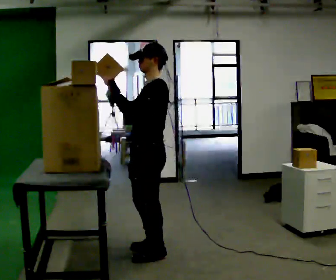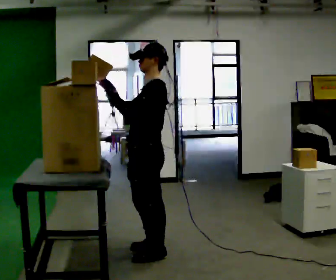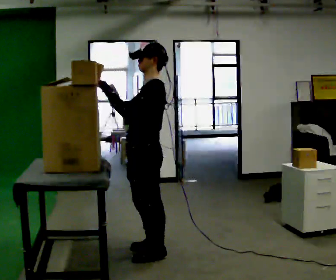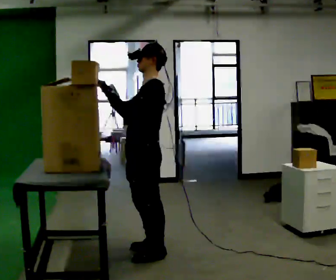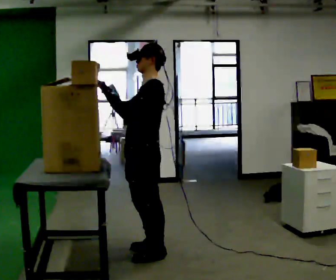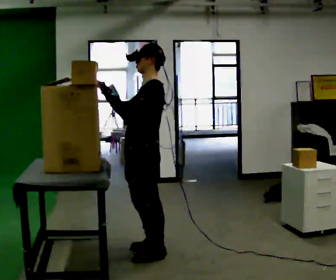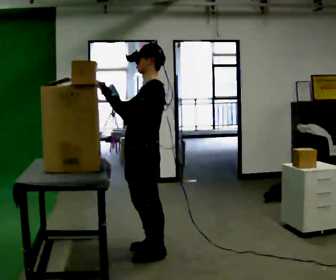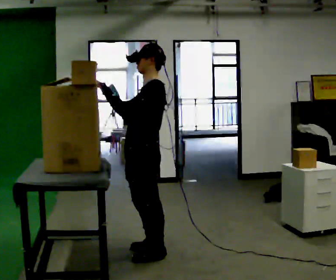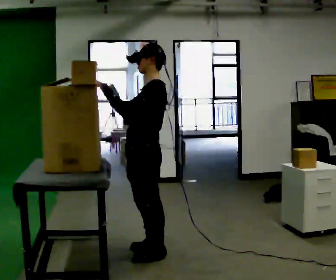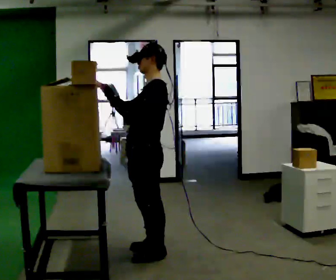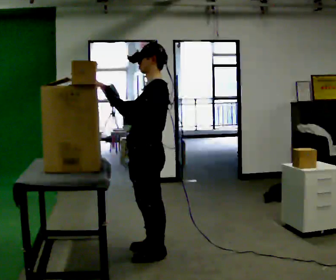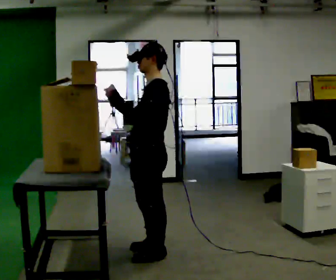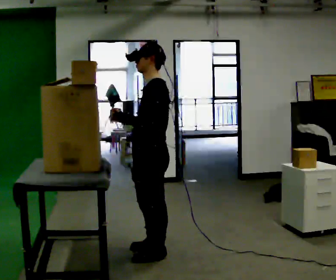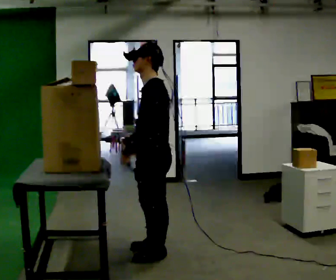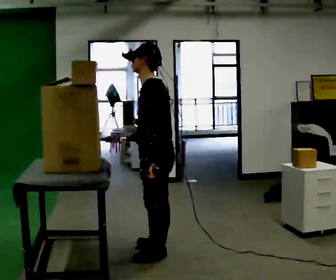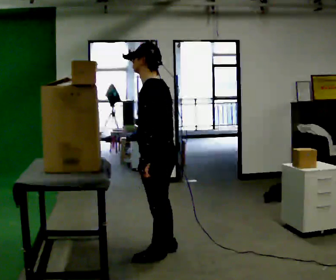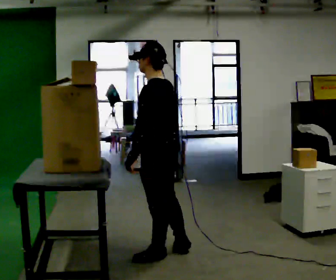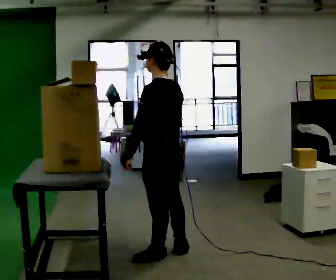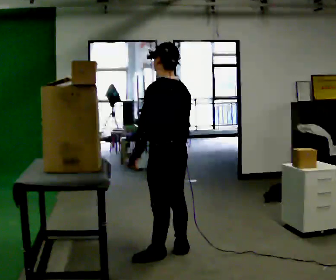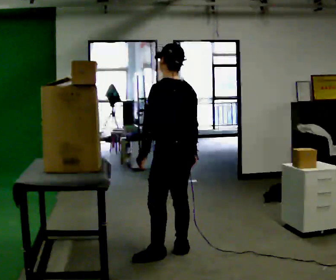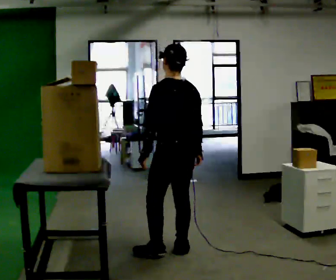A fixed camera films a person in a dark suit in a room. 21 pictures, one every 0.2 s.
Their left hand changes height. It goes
downward.
Their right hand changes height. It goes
downward.
0.0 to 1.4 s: The person moves a little, or ends about where they began.
1.4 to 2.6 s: In the picture their right hand goes downward, the arm swinging counterclockwise.
2.6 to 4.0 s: The part of the body nearest the lens slides to the left as the person turns to their right by about 60 degrees. In the picture they go to the right, about 0.25 m in 1 step, which for them is to their right. In the picture their right hand goes to the right.
The film runs forward here.
